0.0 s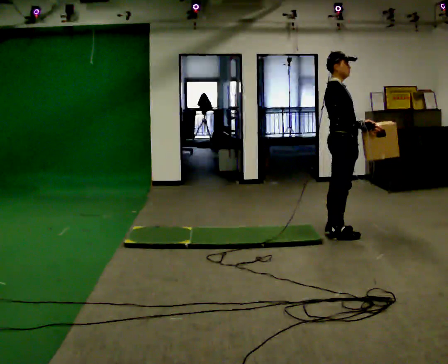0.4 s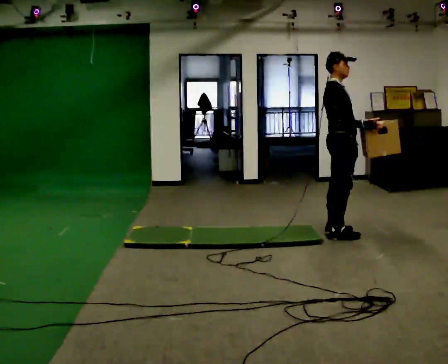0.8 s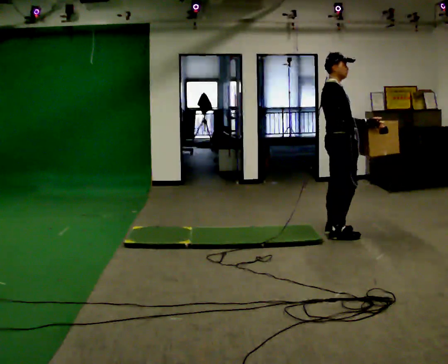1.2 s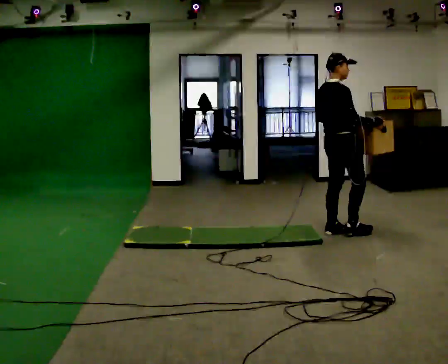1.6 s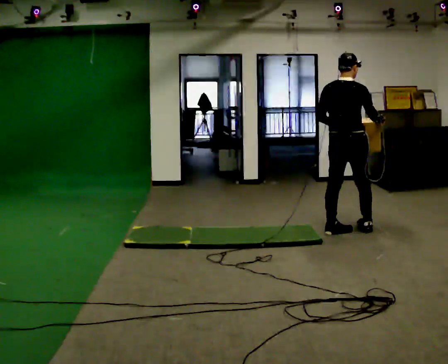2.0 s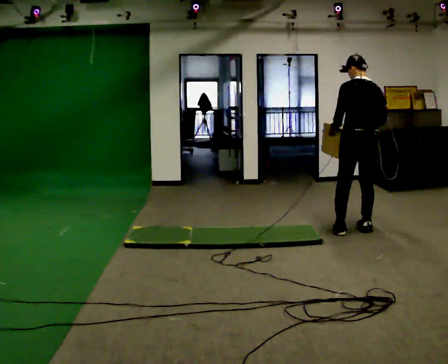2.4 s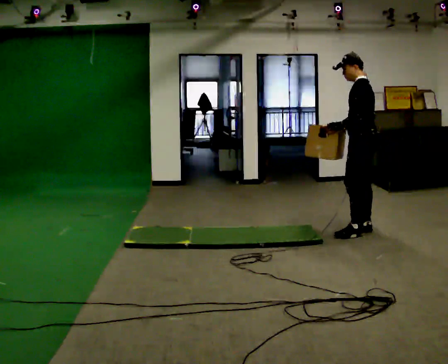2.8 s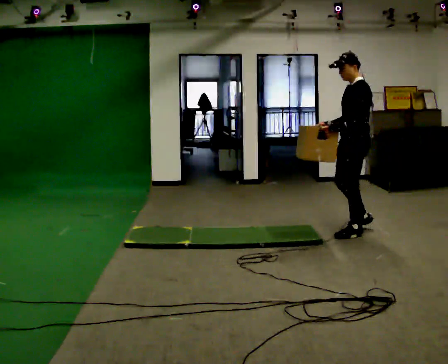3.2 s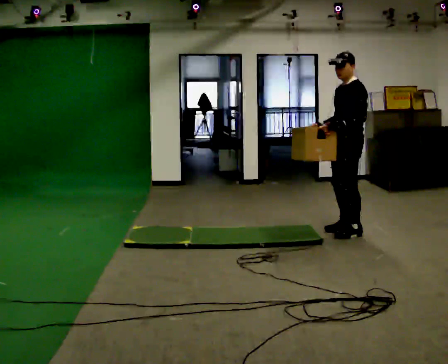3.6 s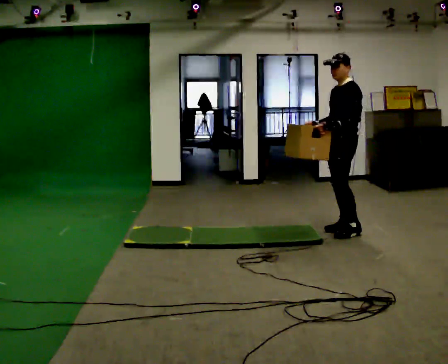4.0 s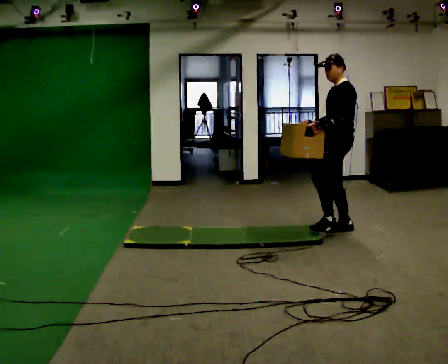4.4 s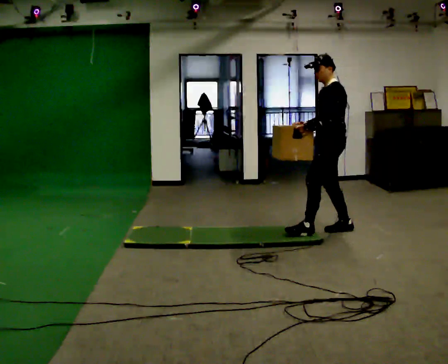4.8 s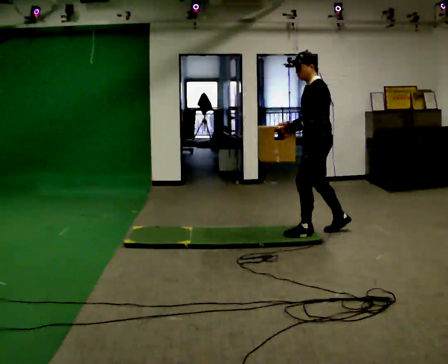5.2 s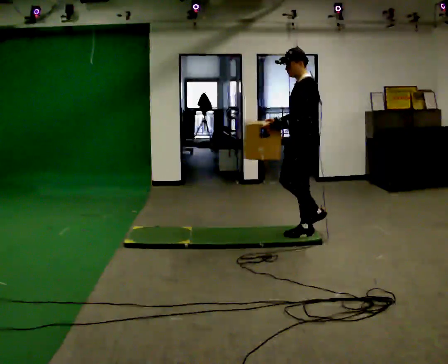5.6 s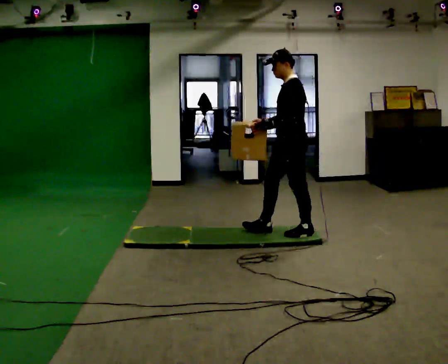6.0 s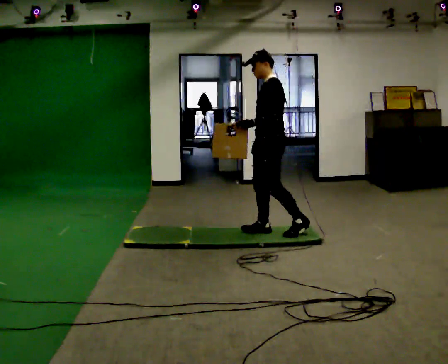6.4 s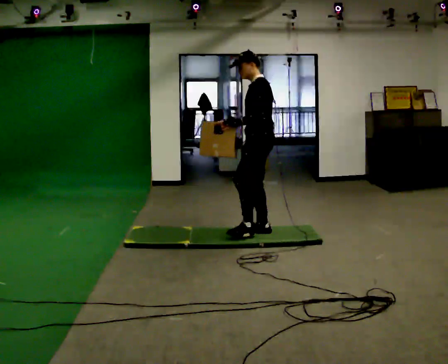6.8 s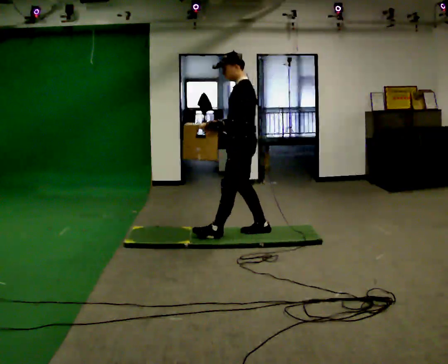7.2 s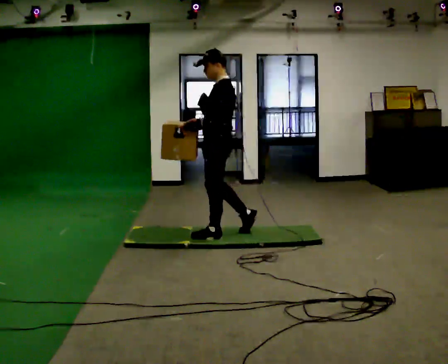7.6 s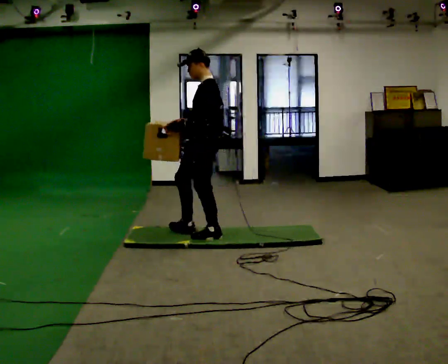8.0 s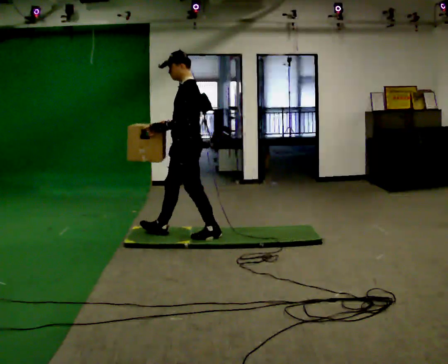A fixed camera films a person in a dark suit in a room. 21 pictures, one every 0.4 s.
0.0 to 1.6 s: Seen from above the body turns counterclockwise, about 60 degrees: to their left, with its near side sliding to the right.
1.6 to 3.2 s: The person turns about 135 degrees to their left, counterclockwise seen from above, so the part of the body nearest the lens slides to the right. In the picture their right hand goes to the left, the arm swinging clockwise.
3.2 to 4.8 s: In the picture they go to the left and toward the camera, about 0.25 m in 1 step, which for them is forward.
4.8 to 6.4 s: In the picture they go to the left, about 0.5 m in 1 step, which for them is forward.
6.4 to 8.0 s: In the picture they go to the left and toward the camera, about 0.75 m in 2 steps, which for them is forward.
The film runs forward here.
